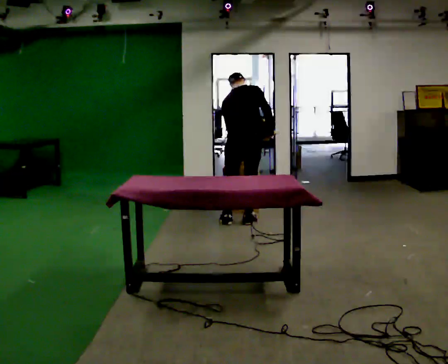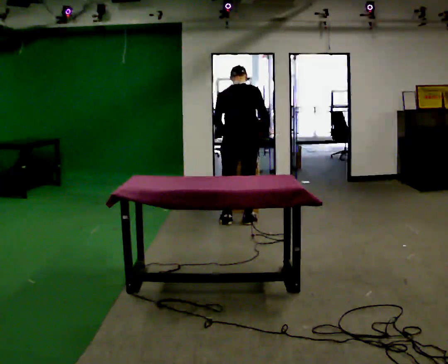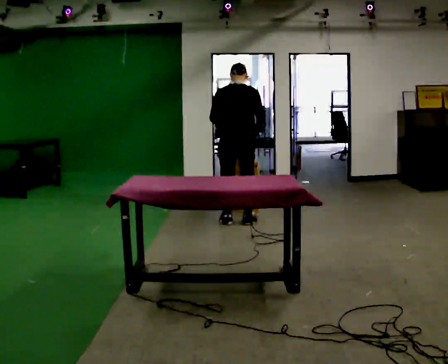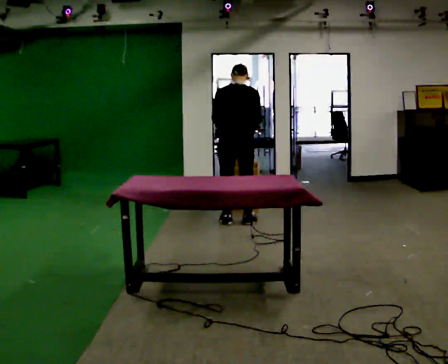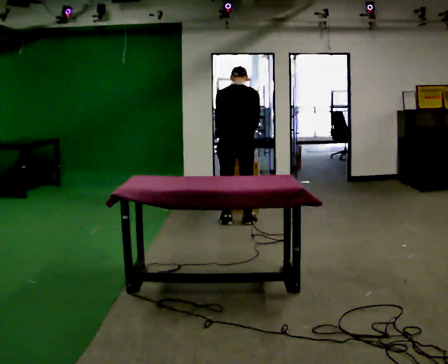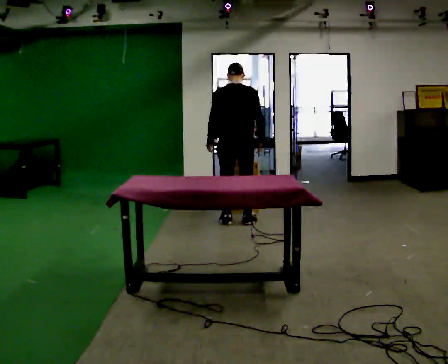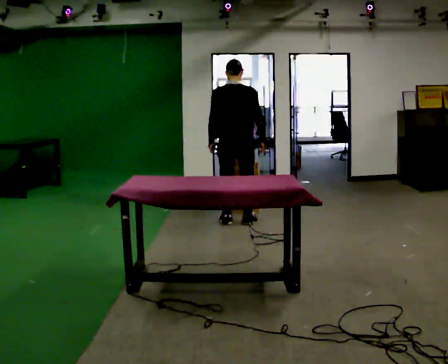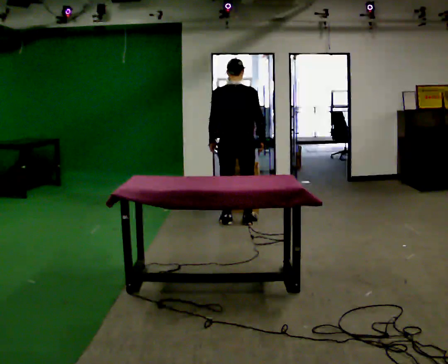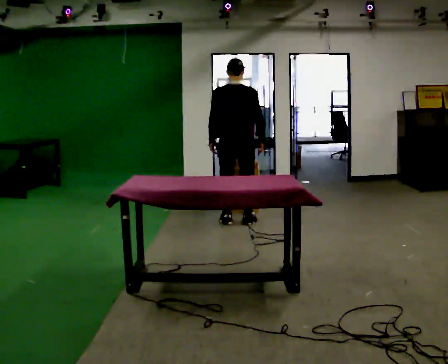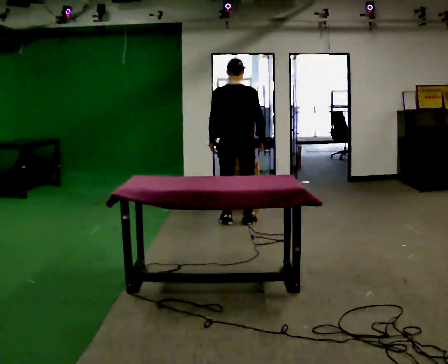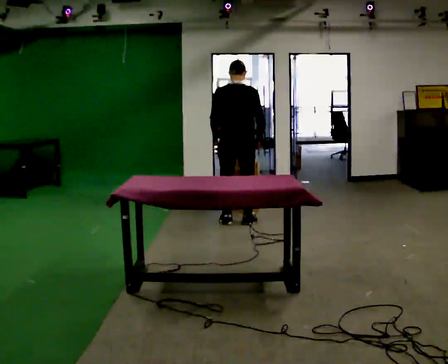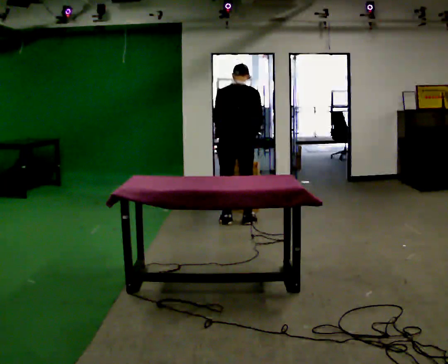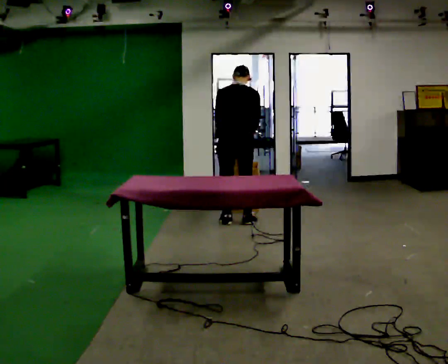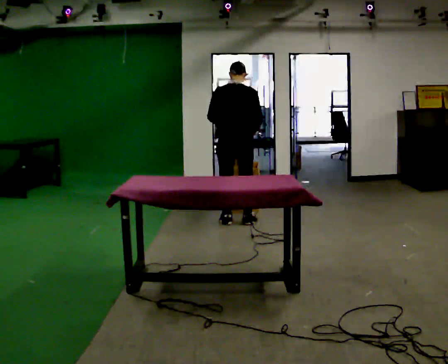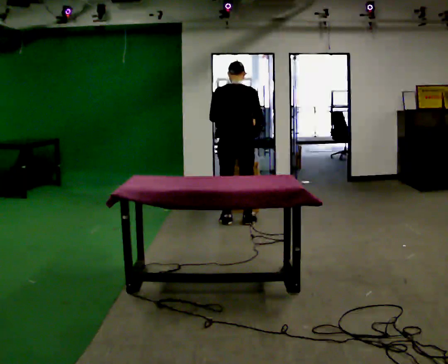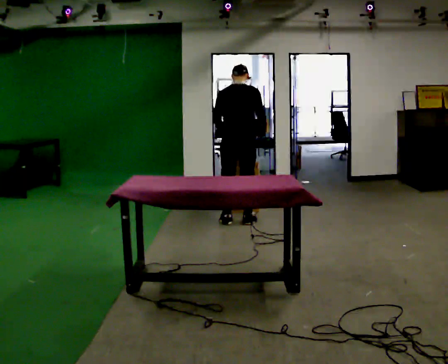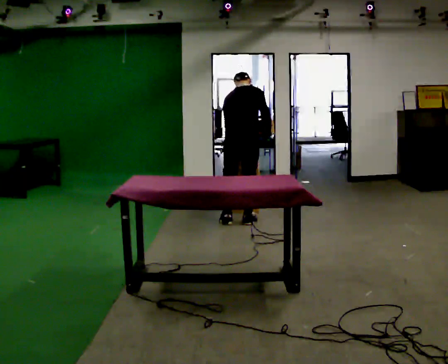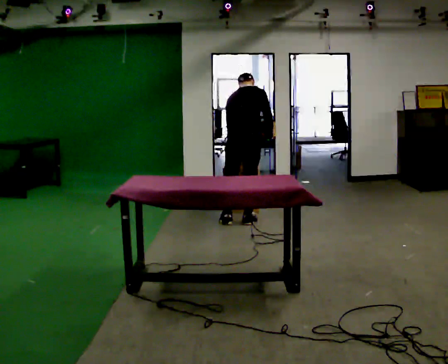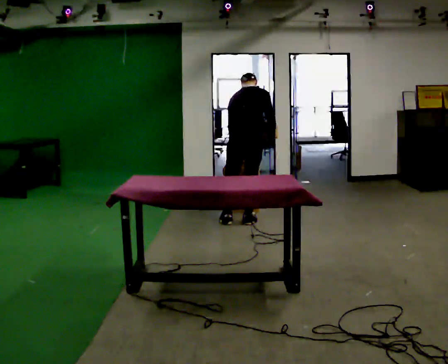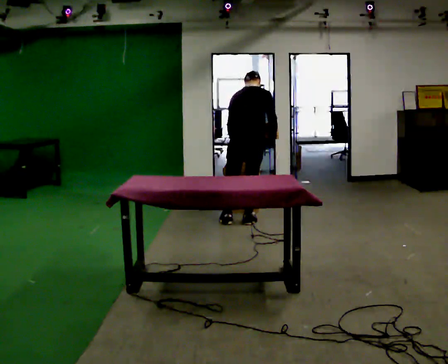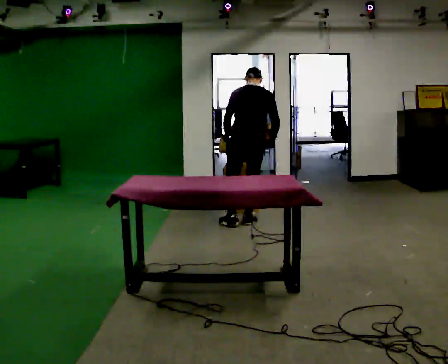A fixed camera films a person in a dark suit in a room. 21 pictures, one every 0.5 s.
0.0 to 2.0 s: The person moves a little, or ends about where they began.
2.0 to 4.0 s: The upper body tips toward the camera, its near side rolling downward, as they lean back or straighten.
4.0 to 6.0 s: The upper body tips away from the camera, its near side rolling upward, as they bend forward.
6.0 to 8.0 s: The person moves a little, or ends about where they began.
8.0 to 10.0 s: The part of the body nearest the lens slides to the right as the person turns to their left by about 30 degrees.
The film runs forward here.
